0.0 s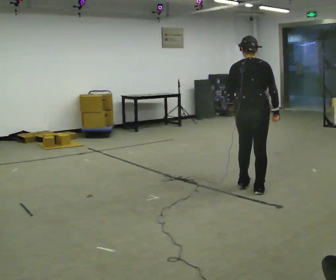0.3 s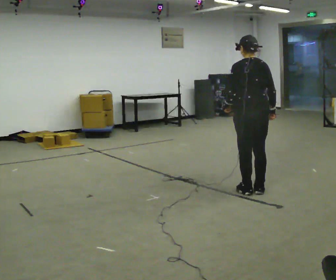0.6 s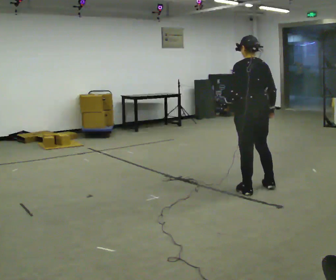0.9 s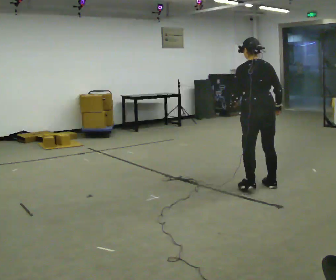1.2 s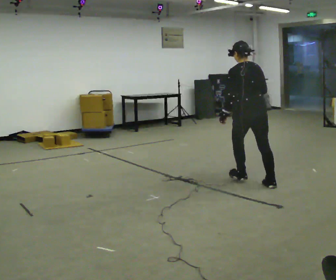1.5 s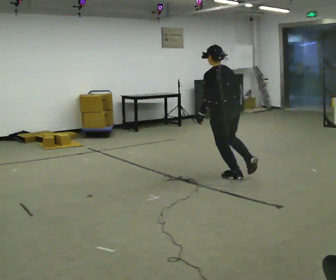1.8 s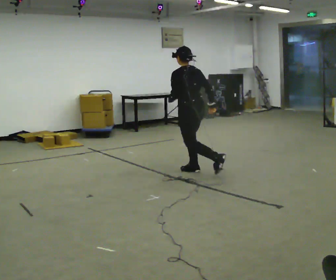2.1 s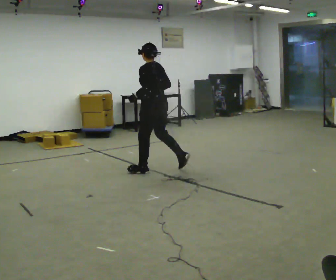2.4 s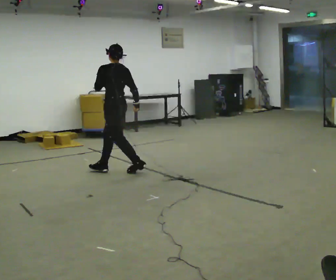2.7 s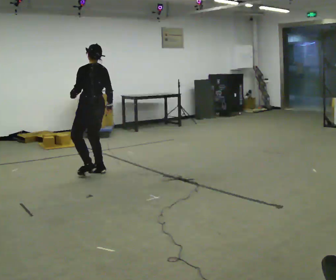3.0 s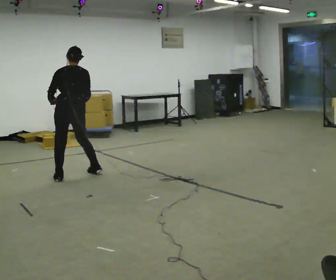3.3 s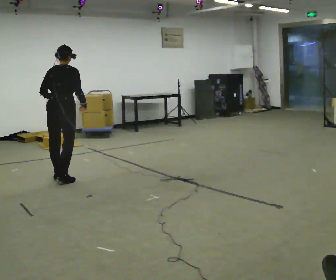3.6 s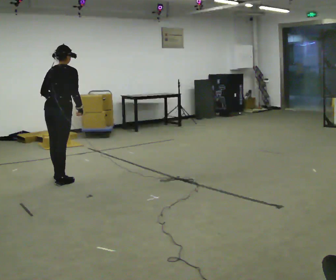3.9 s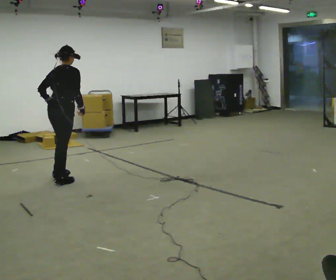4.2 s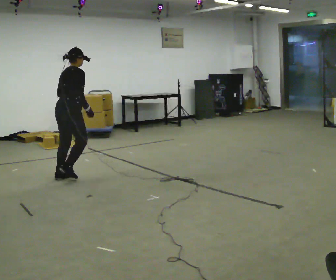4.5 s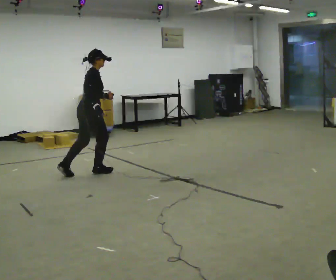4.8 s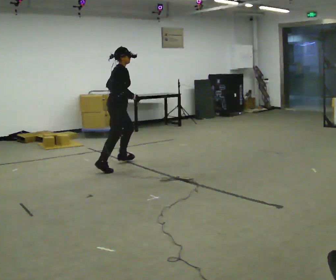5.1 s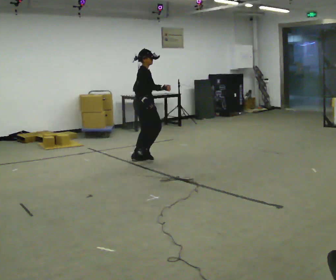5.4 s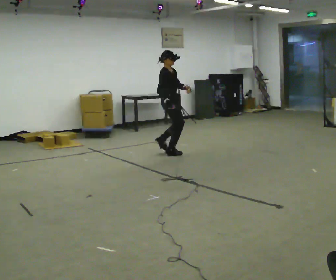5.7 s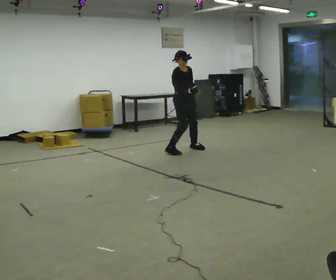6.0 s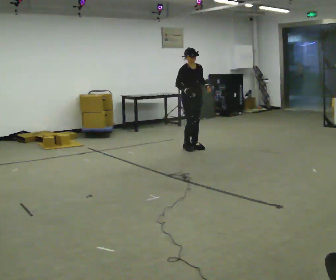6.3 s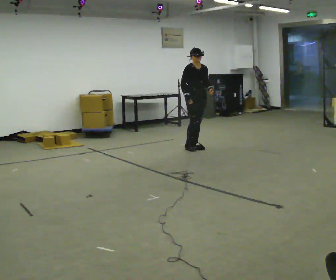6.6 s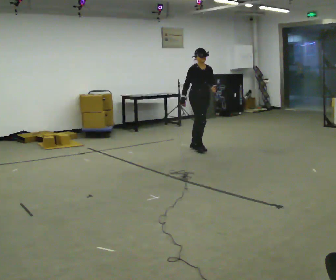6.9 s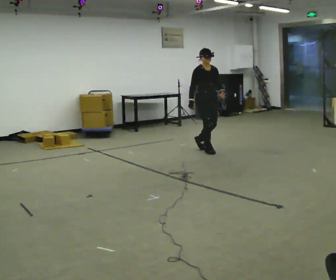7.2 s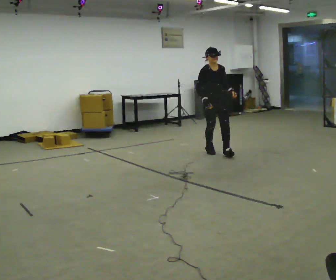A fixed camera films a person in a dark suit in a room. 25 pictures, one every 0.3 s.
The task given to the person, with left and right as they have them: Move around the room freely as if avoiding someone: change speed and direction whenever you like. Keep moving until the operator says stop.
0.0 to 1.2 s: Seen from above the body turns counterclockwise, about 30 degrees: to their left, with its near side sliding to the right. In the picture they go away from the camera, about 0.25 m in 2 steps, which for them is forward and to their right.
1.2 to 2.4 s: The person turns about 60 degrees to their left, counterclockwise seen from above, so the part of the body nearest the lens slides to the right. In the picture they go to the left and away from the camera, about 1.5 m in 3 steps, which for them is forward.
2.4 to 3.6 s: The part of the body nearest the lens slides to the left as the person turns to their right by about 90 degrees. In the picture they go to the left, about 0.75 m in 3 steps.
3.6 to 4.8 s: The part of the body nearest the lens slides to the left as the person turns to their right by about 45 degrees. In the picture they go to the right and away from the camera, about 1 m in 1 step, which for them is forward.
4.8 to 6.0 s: The person turns about 75 degrees to their right, clockwise seen from above, so the part of the body nearest the lens slides to the left. In the picture they go to the right and away from the camera, about 1.5 m in 3 steps.
6.0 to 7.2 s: In the picture they go toward the camera, about 0.75 m in 2 steps, which for them is forward.
The film runs forward here.
